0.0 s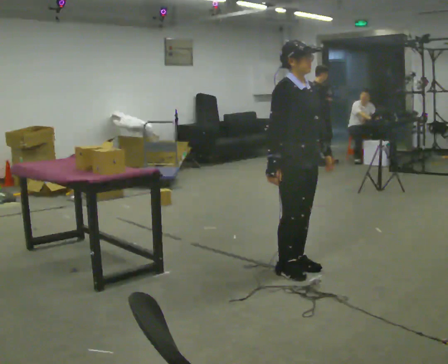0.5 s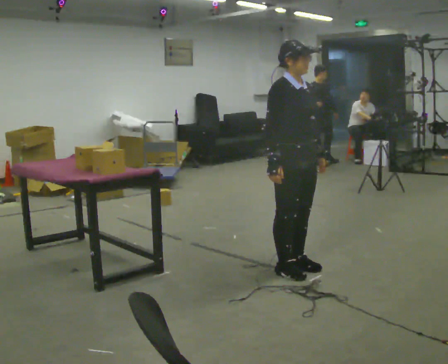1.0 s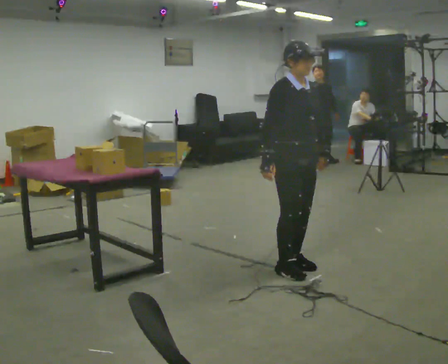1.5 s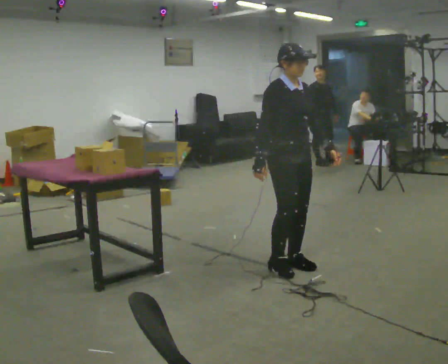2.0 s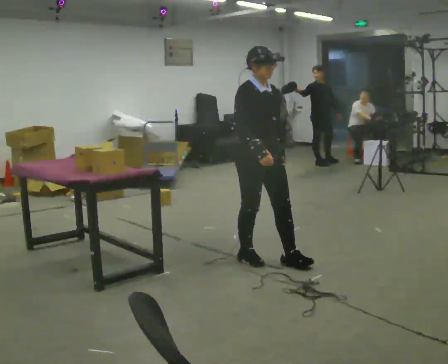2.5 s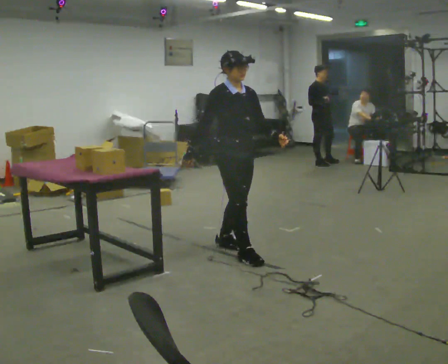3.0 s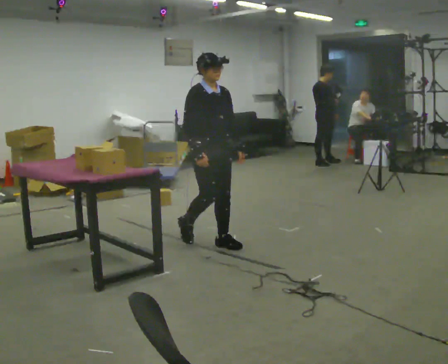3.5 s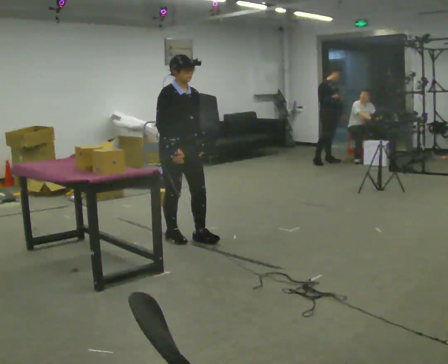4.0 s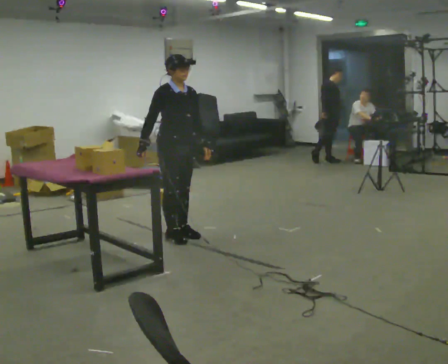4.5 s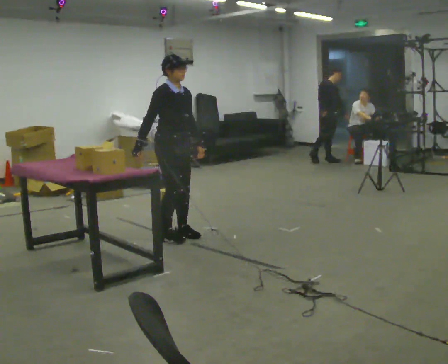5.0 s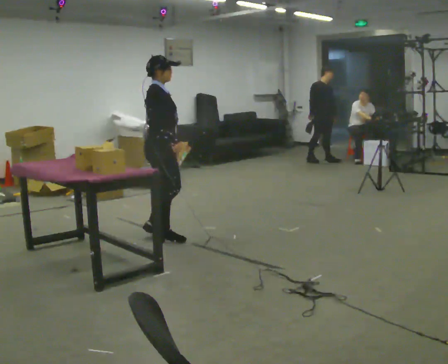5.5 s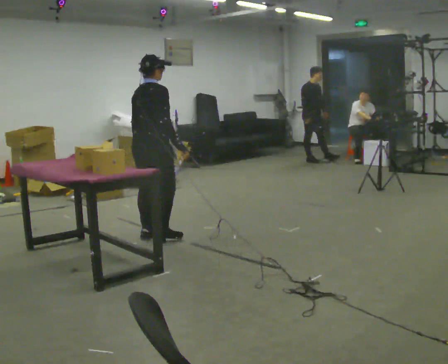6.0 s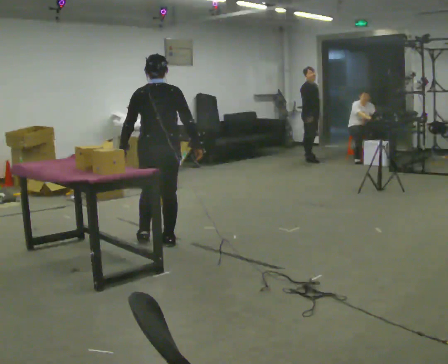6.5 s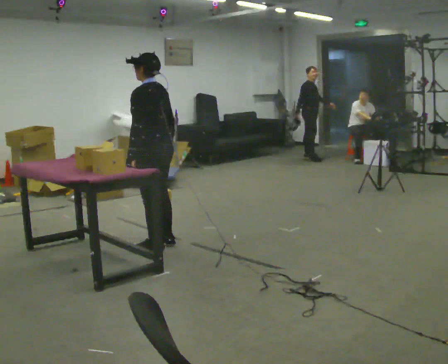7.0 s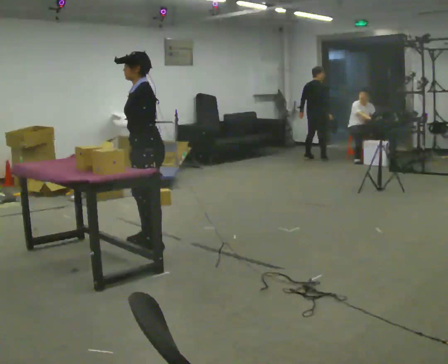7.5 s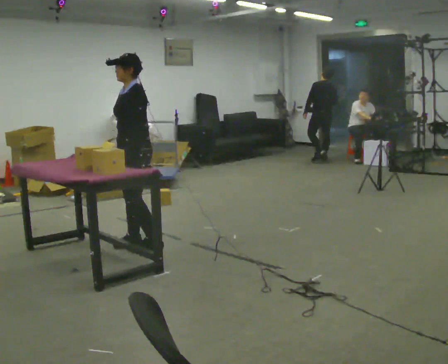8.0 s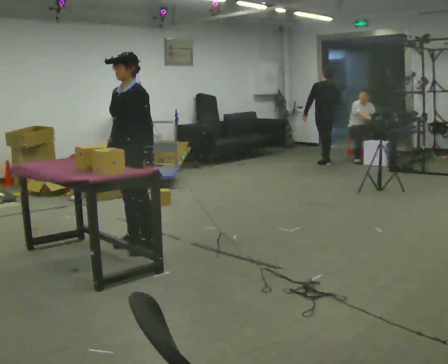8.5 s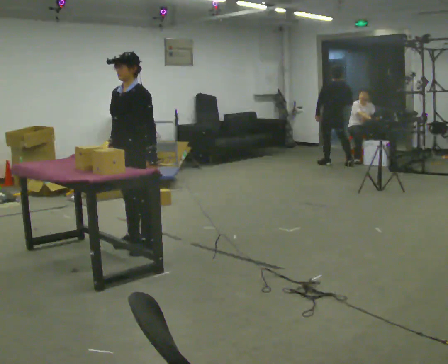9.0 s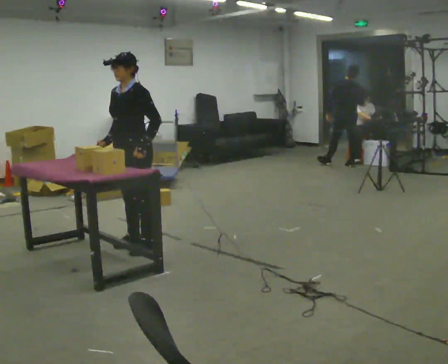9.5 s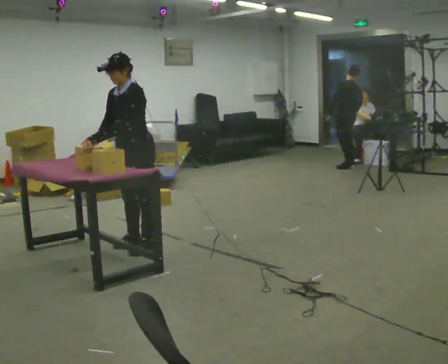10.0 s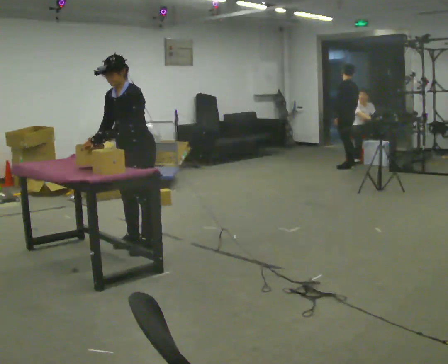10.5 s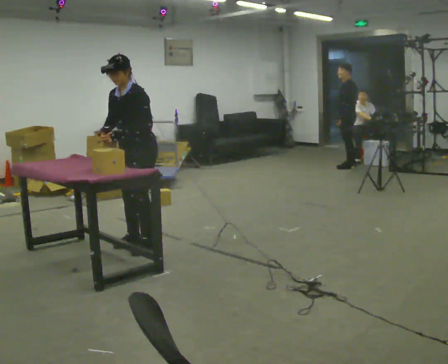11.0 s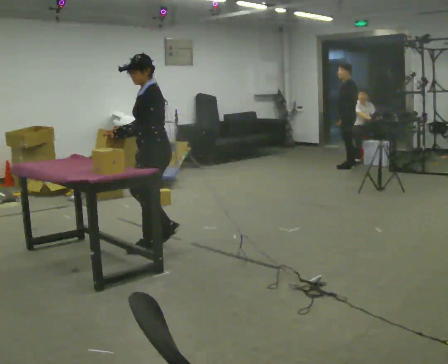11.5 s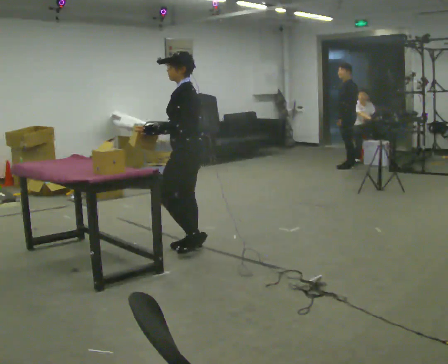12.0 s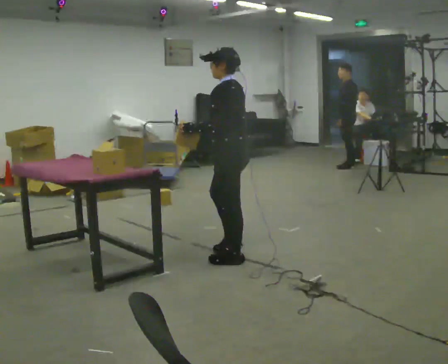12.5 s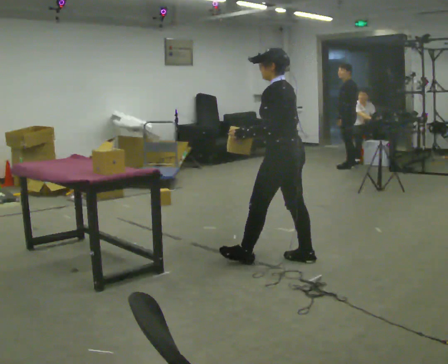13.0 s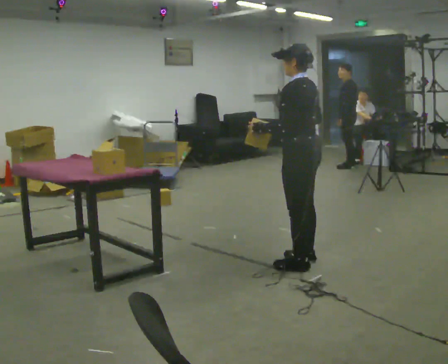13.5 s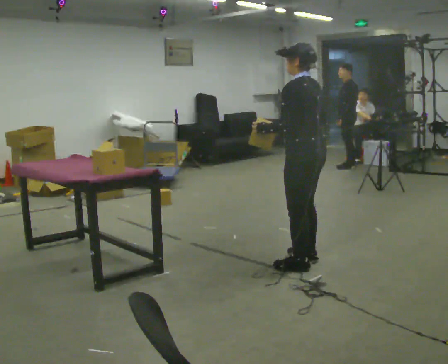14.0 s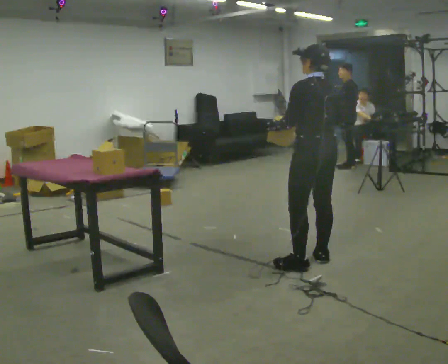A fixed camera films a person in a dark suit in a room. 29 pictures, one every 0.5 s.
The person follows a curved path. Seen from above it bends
counterclockwise.
0.0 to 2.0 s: In the picture they go away from the camera and to the left, about 0.25 m in 2 steps, which for them is backward.
2.0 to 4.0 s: In the picture they go away from the camera and to the left, about 1 m in 2 steps, which for them is backward.
4.0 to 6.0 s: The person turns about 135 degrees to their left, counterclockwise seen from above, so the part of the body nearest the lens slides to the right. In the picture they go to the left, about 0.25 m in 3 steps. In the picture their right hand goes to the right, the arm swinging counterclockwise.
6.0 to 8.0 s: The person turns about 120 degrees to their left, counterclockwise seen from above, so the part of the body nearest the lens slides to the right. In the picture they go to the left, about 0.25 m in 1 step. In the picture their right hand goes to the left, the arm swinging clockwise.
8.0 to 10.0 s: In the picture their left hand goes to the left, the arm swinging clockwise.
10.0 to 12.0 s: Seen from above the body turns clockwise, about 60 degrees: to their right, with its near side sliding to the left. In the picture they go to the right and toward the camera, about 1 m in 3 steps.
12.0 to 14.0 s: The person turns about 30 degrees to their right, clockwise seen from above, so the part of the body nearest the lens slides to the left. In the picture they go to the right and toward the camera, about 0.5 m in 1 step, which for them is backward.
The film runs backward here.
